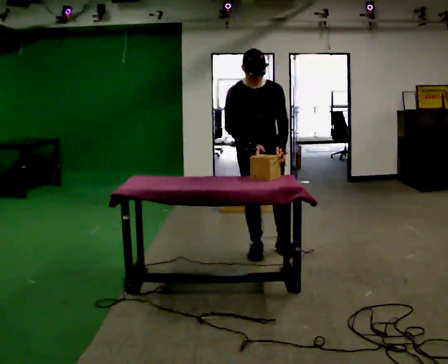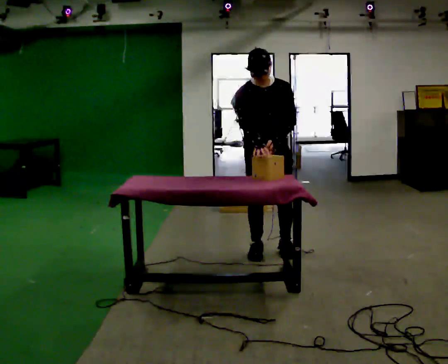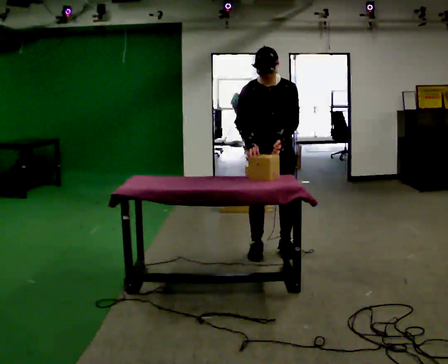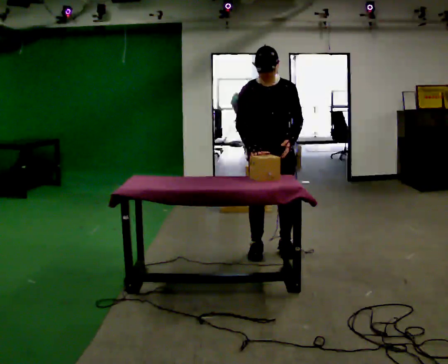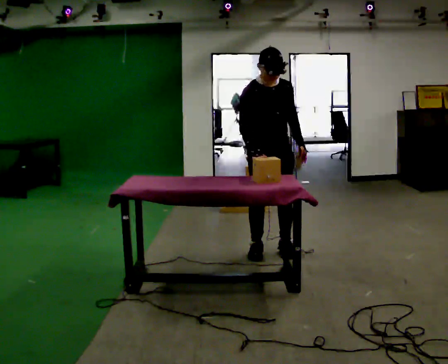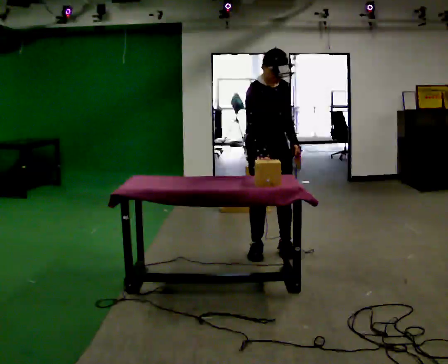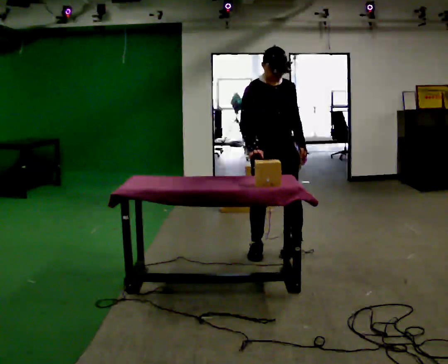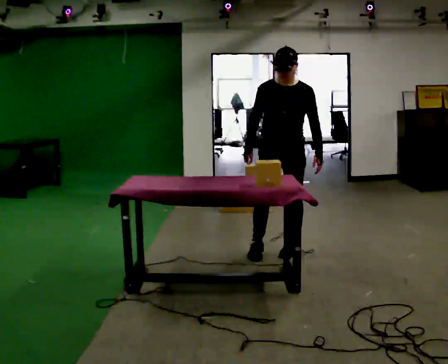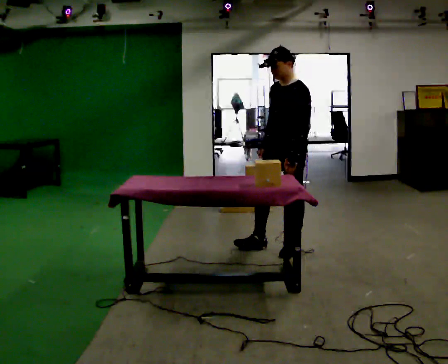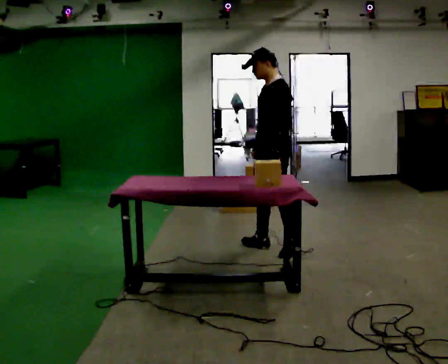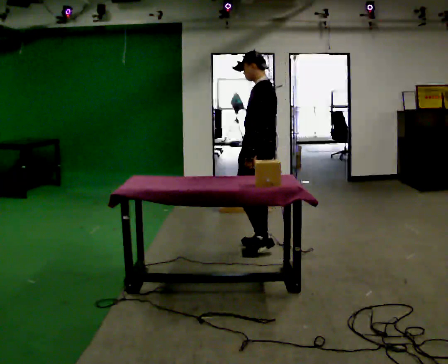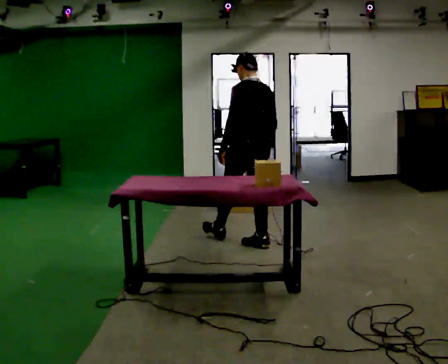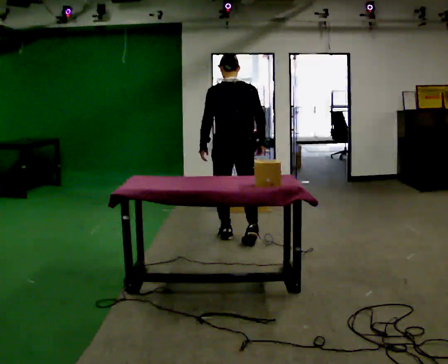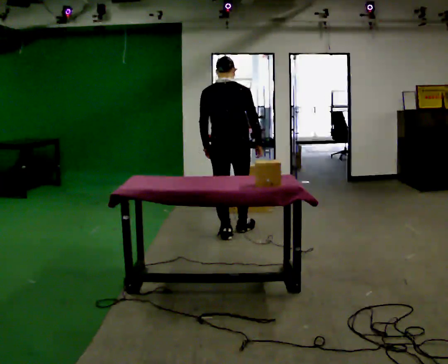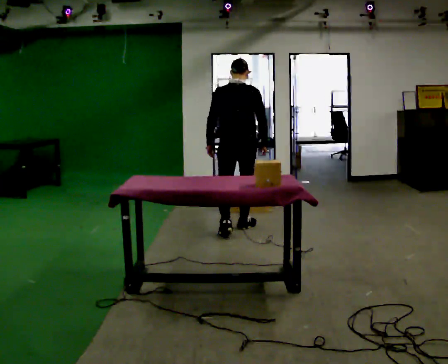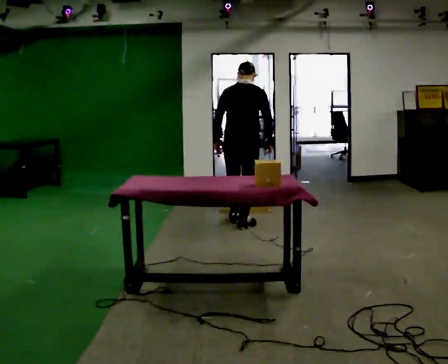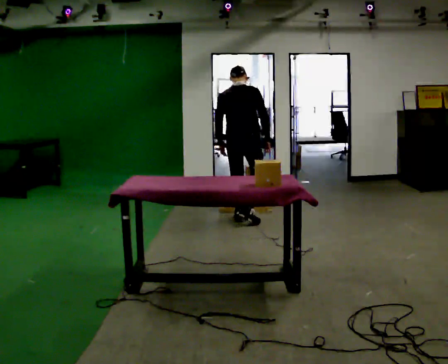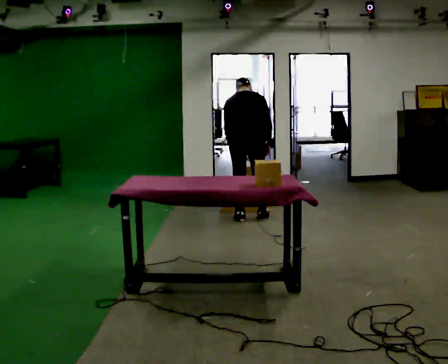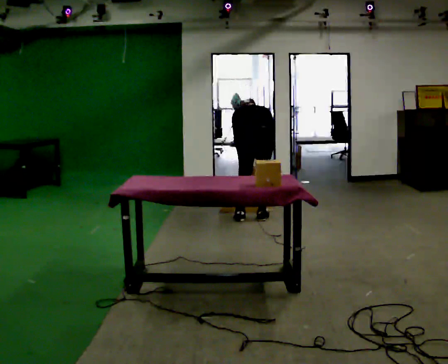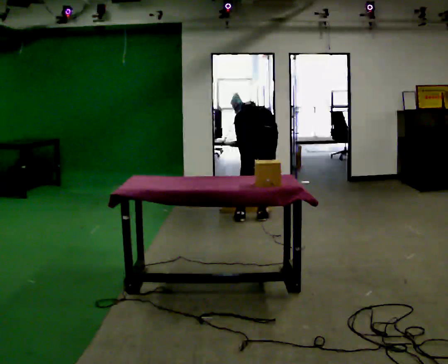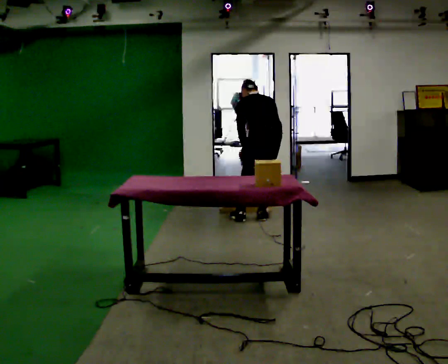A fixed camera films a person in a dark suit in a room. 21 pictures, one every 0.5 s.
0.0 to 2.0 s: The person moves a little, or ends about where they began.
2.0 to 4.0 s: Seen from above the body turns clockwise, about 75 degrees: to their right, with its near side sliding to the left. In the picture they go to the right, about 0.25 m.
4.0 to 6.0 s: Seen from above the body turns clockwise, about 120 degrees: to their right, with its near side sliding to the left. In the picture they go to the left and away from the camera, about 0.5 m in 1 step.
6.0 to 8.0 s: In the picture they go away from the camera, about 0.75 m in 2 steps, which for them is forward.
8.0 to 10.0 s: The person turns about 45 degrees to their left, counterclockwise seen from above, so the part of the body nearest the lens slides to the right. In the picture they go to the right, about 0.25 m in 1 step, which for them is to their right.
The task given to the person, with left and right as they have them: Reach down into the deep bin on the floor, take out one object at a time, carry it to the shelf, and come back for the next one. Keep going until the operator says stop; one object at a time, and do not rush between trips.
The film runs forward here.
